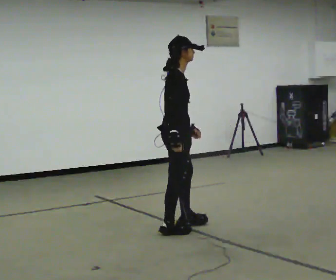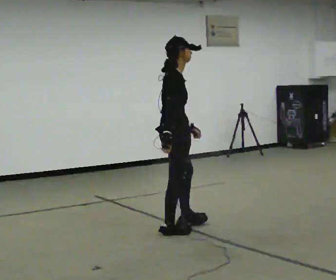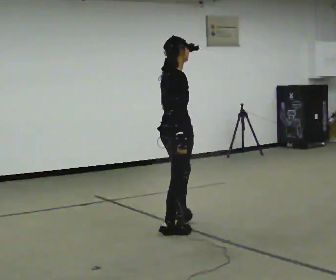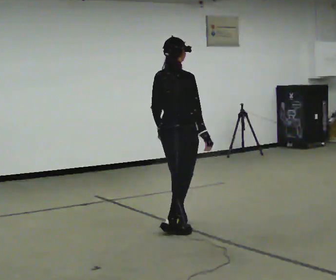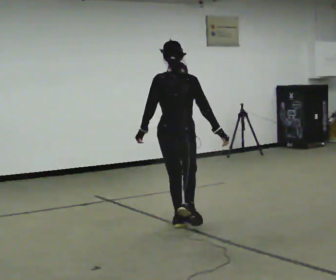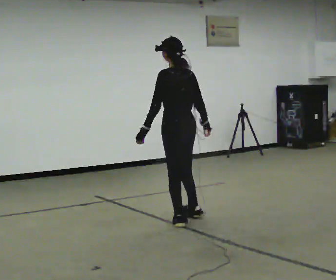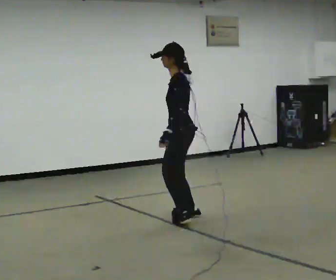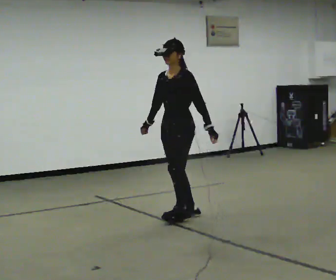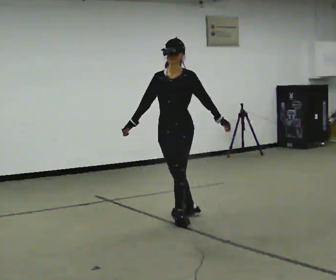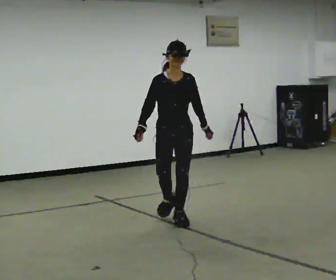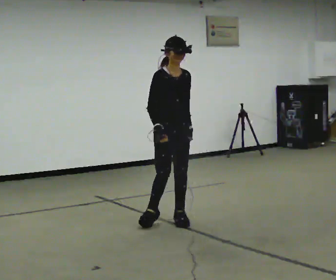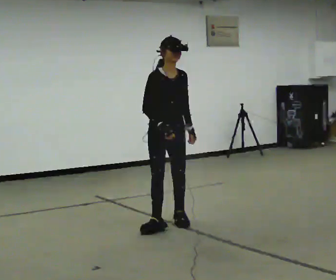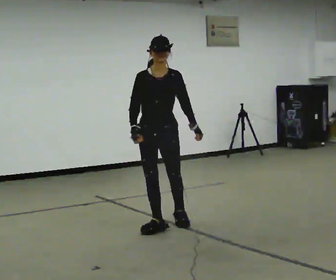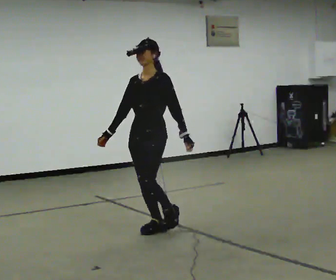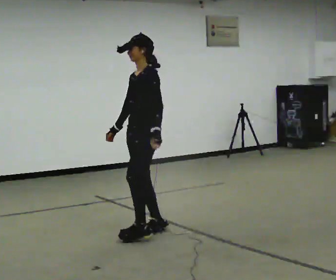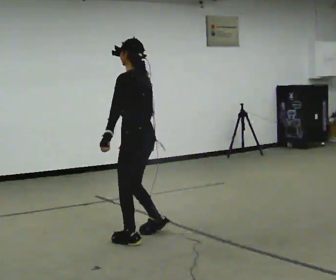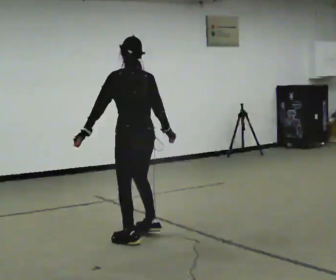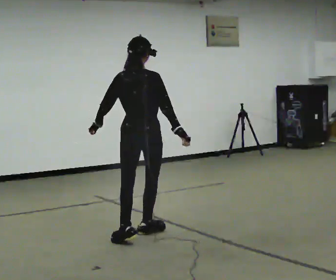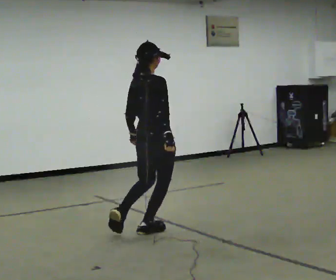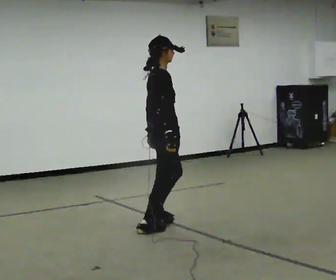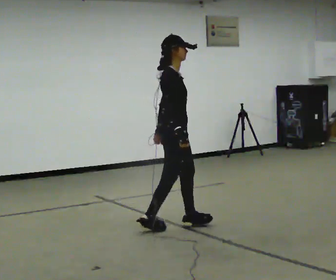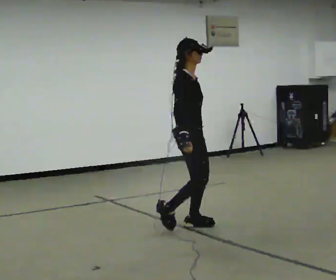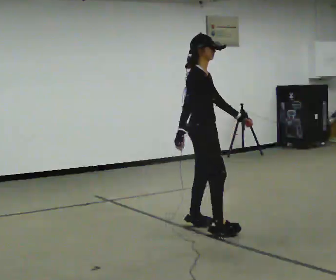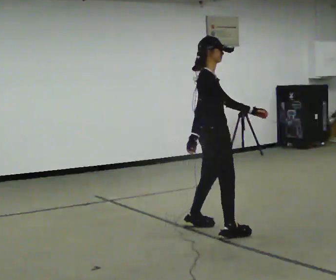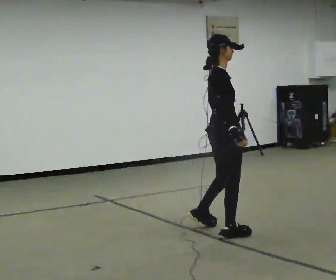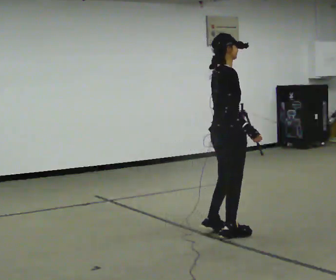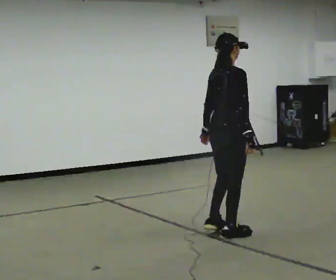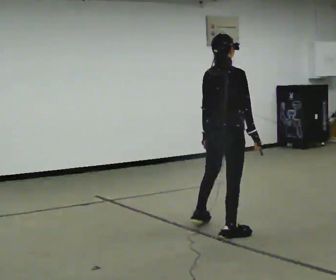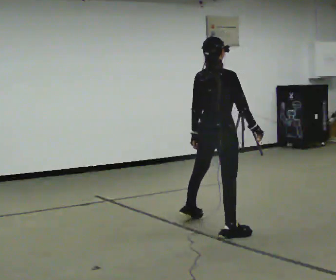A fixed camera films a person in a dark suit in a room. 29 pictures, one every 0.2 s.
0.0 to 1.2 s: The person turns about 165 degrees to their left, counterclockwise seen from above, so the part of the body nearest the lens slides to the right. In the picture they go away from the camera, about 0.5 m in 1 step.
1.2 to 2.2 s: The person turns about 120 degrees to their left, counterclockwise seen from above, so the part of the body nearest the lens slides to the right. In the picture they go toward the camera and to the left, about 0.25 m in 1 step.
2.2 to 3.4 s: The person turns about 210 degrees to their right, clockwise seen from above, so the part of the body nearest the lens slides to the left. In the picture they go toward the camera and to the left, about 0.25 m in 3 steps.
3.4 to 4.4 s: The person turns about 90 degrees to their right, clockwise seen from above, so the part of the body nearest the lens slides to the left. In the picture they go to the right, about 0.5 m in 1 step.
4.4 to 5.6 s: The person turns about 60 degrees to their left, counterclockwise seen from above, so the part of the body nearest the lens slides to the right. In the picture their right hand goes to the right, the arm swinging counterclockwise.
The film runs forward here.
